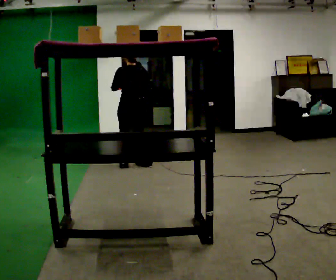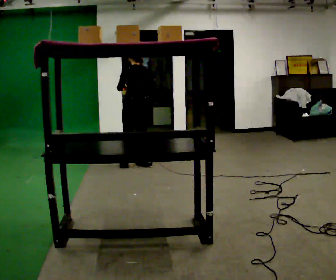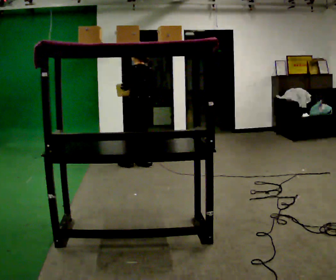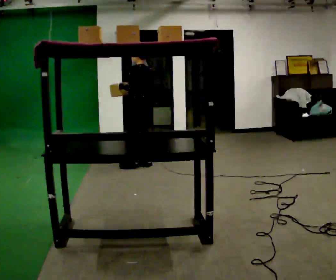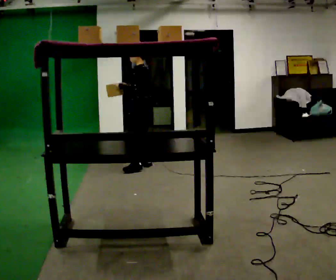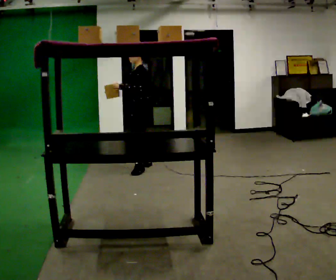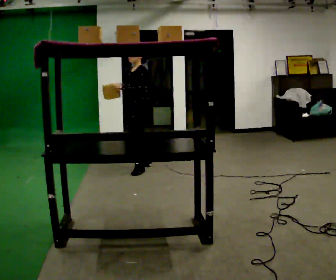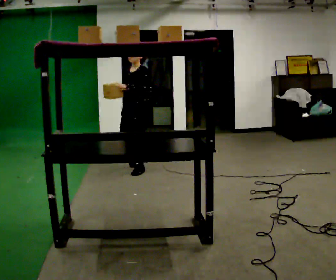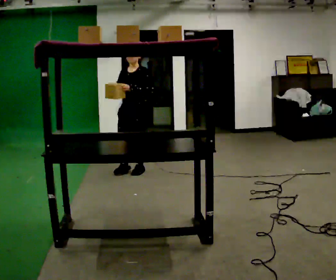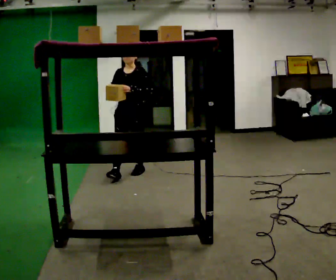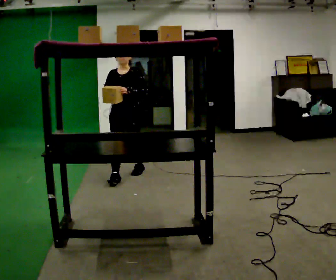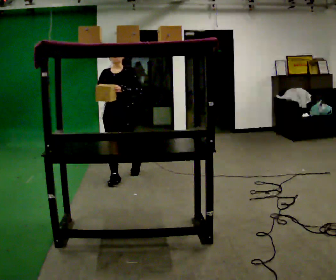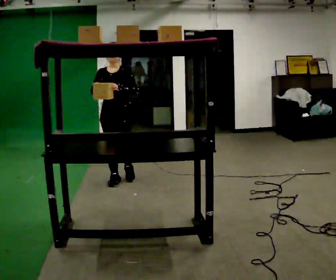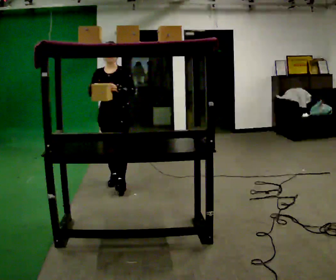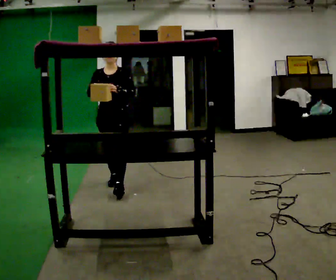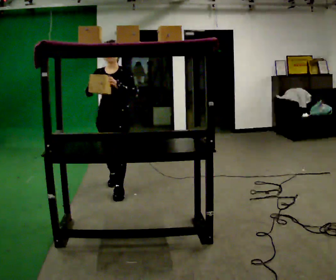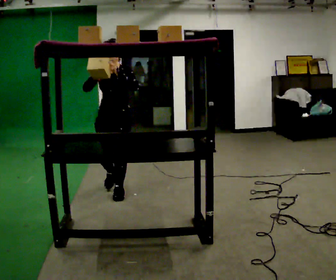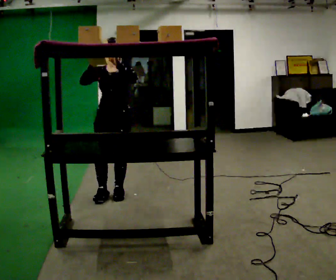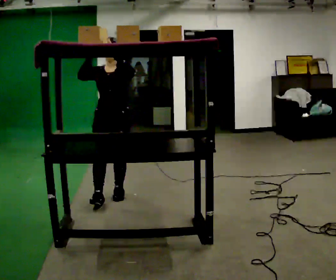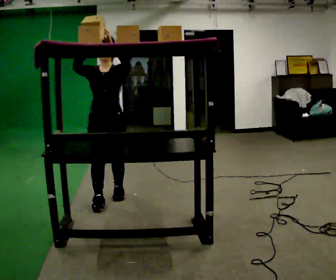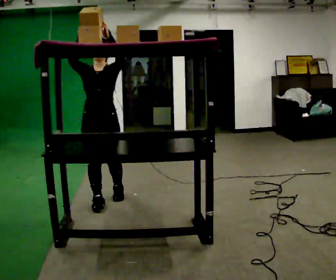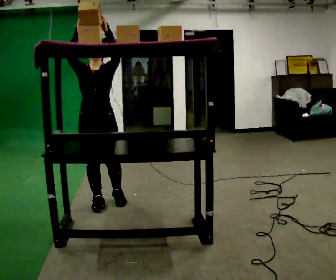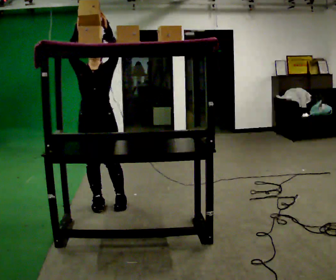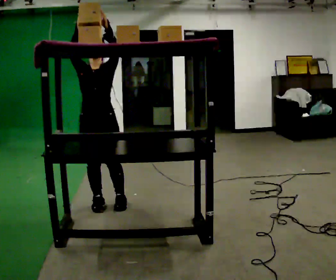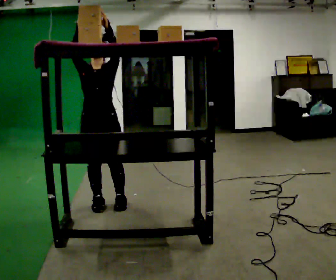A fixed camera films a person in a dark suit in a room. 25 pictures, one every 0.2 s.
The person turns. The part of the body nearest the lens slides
to the right.
Their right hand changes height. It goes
upward.
0.0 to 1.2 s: The person turns about 105 degrees to their left, counterclockwise seen from above, so the part of the body nearest the lens slides to the right. In the picture they go toward the camera, about 0.25 m in 1 step.
1.2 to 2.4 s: The person turns about 60 degrees to their left, counterclockwise seen from above, so the part of the body nearest the lens slides to the right. In the picture they go toward the camera and to the left, about 0.5 m in 1 step, which for them is forward.
2.4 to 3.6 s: In the picture they go toward the camera, about 0.5 m in 2 steps, which for them is forward. In the picture their left hand goes upward.
3.6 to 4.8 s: In the picture they go toward the camera, about 0.25 m in 1 step, which for them is forward.
The film runs forward here.
